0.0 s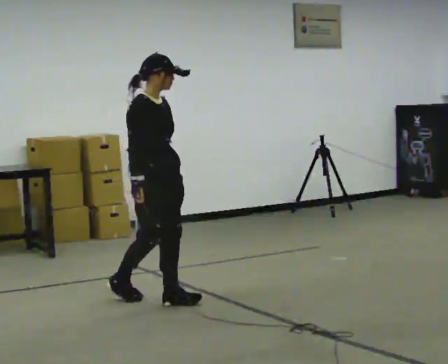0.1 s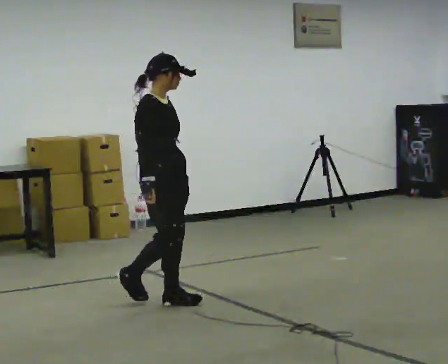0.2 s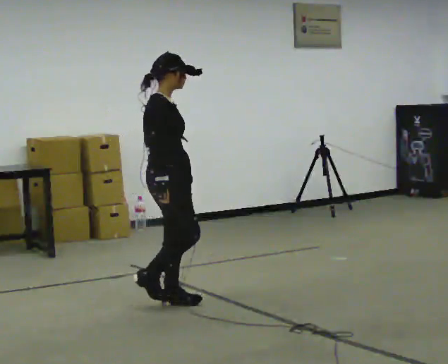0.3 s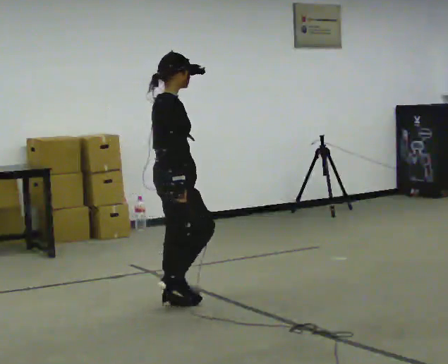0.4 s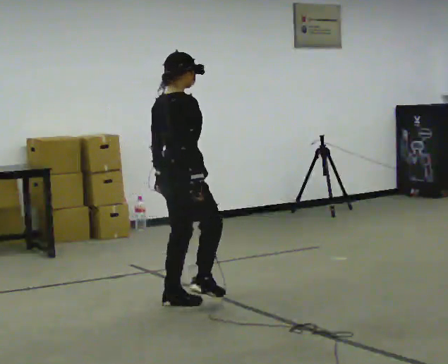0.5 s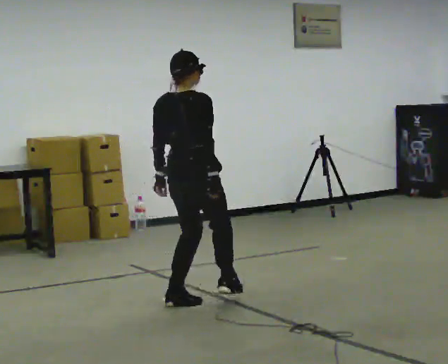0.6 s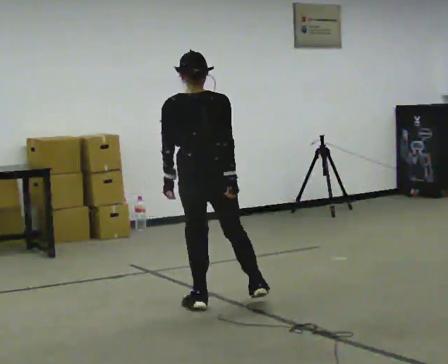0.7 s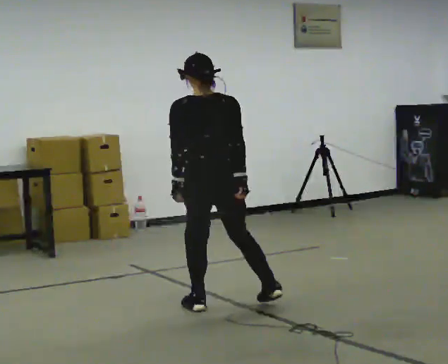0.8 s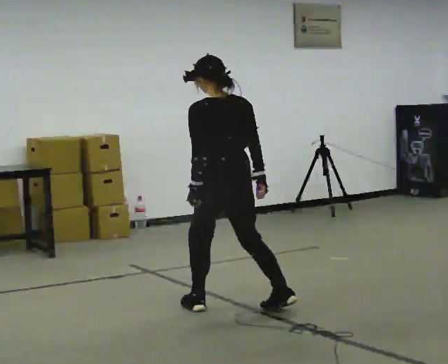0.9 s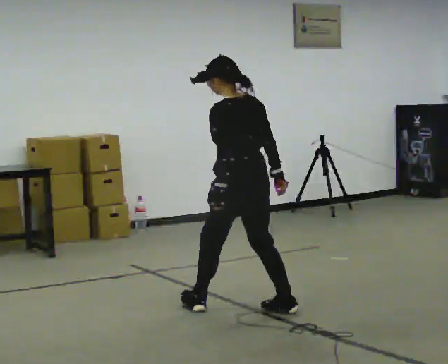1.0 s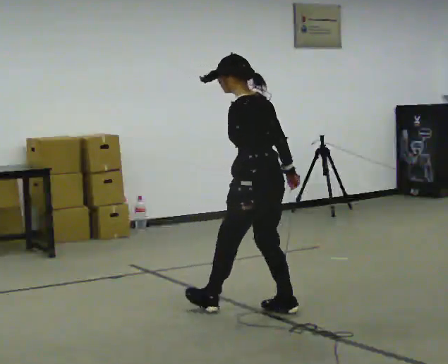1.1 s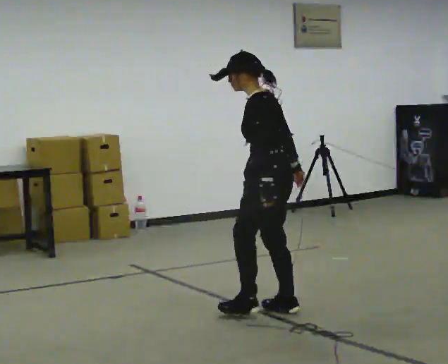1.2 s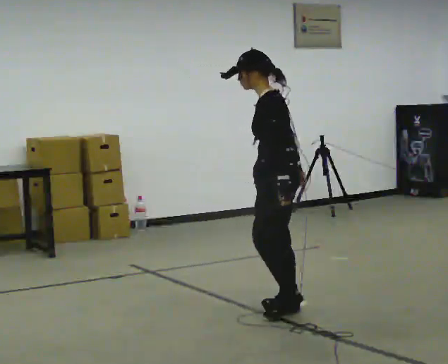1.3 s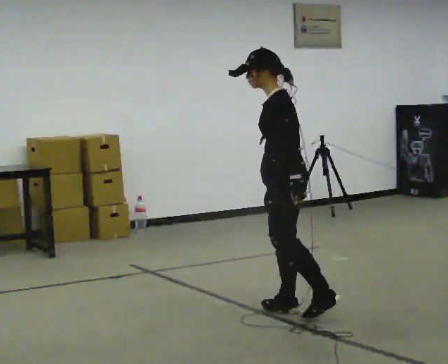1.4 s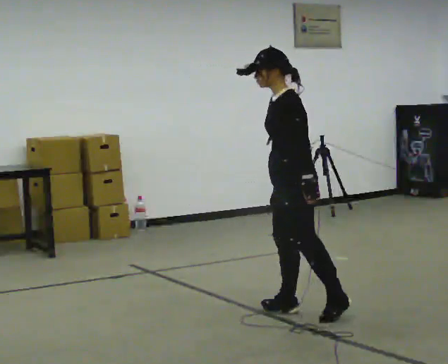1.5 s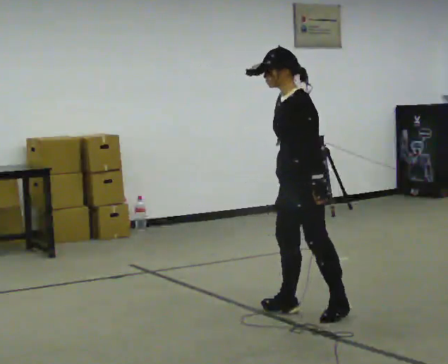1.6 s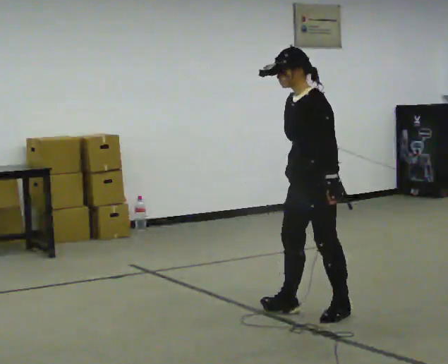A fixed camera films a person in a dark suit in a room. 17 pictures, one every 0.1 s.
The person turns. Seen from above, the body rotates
counterclockwise.
The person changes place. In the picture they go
to the right.
0.0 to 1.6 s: The person turns about 225 degrees to their left, counterclockwise seen from above, so the part of the body nearest the lens slides to the right. In the picture they go to the right, about 1 m in 3 steps.
The film runs forward here.
